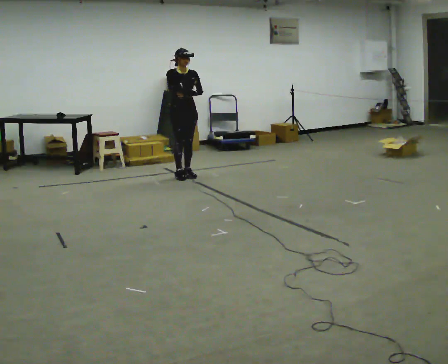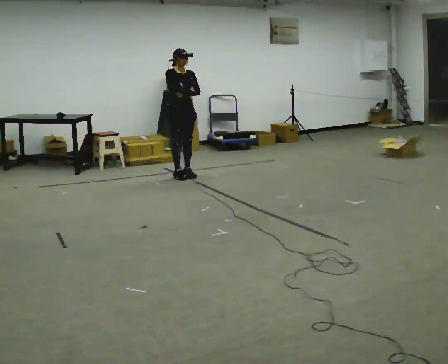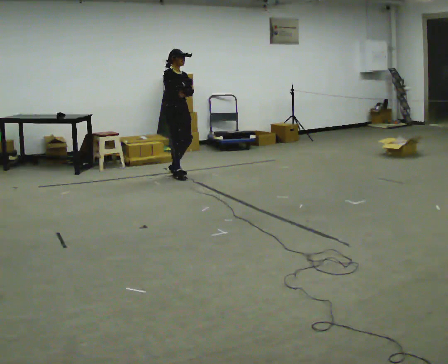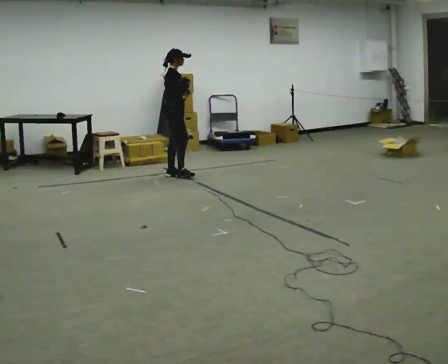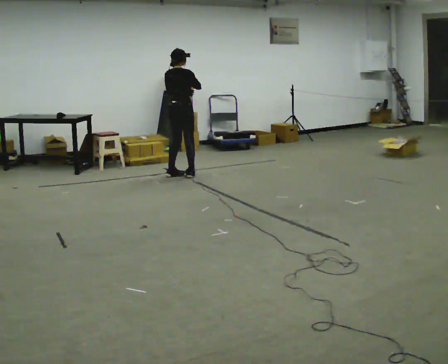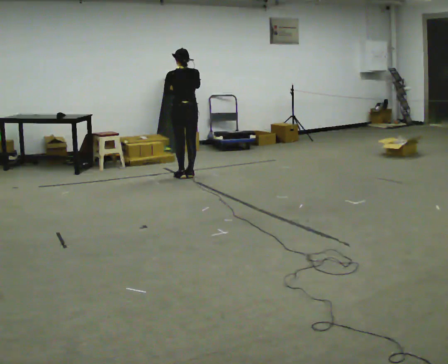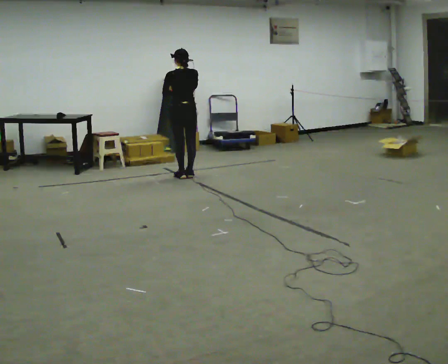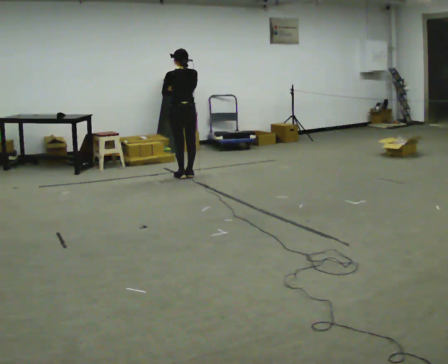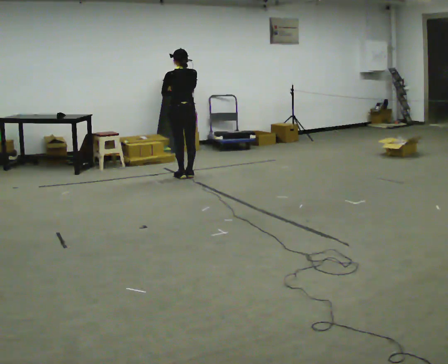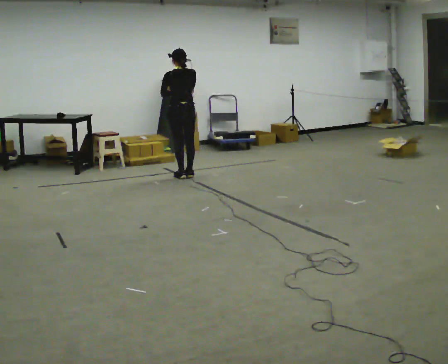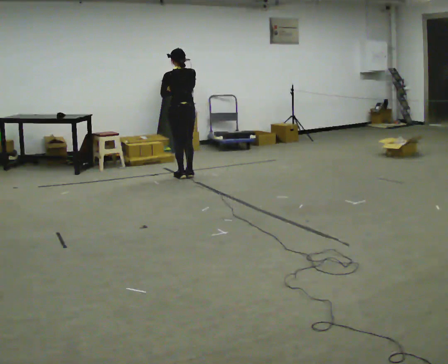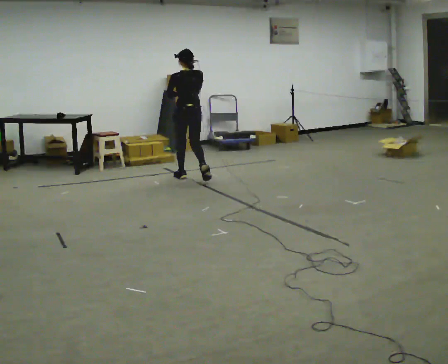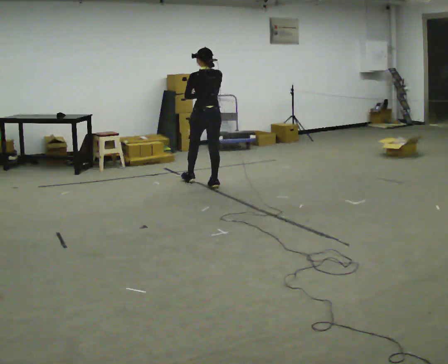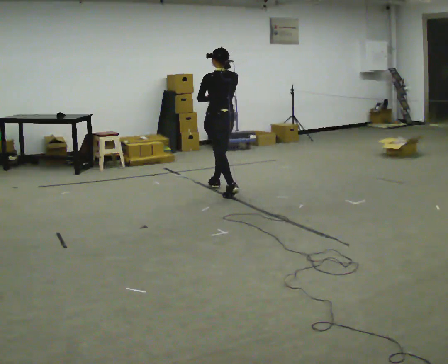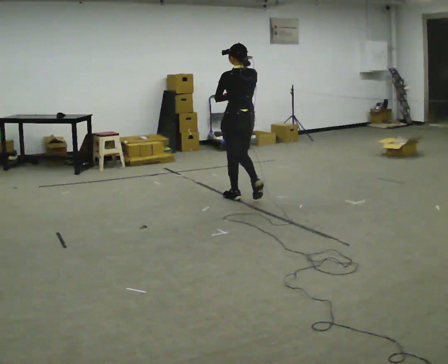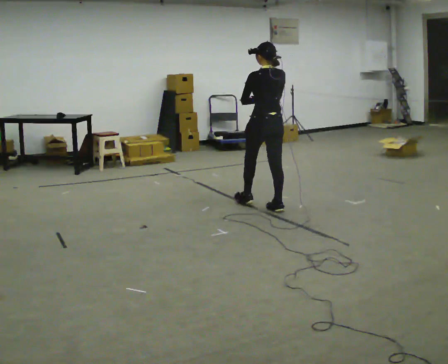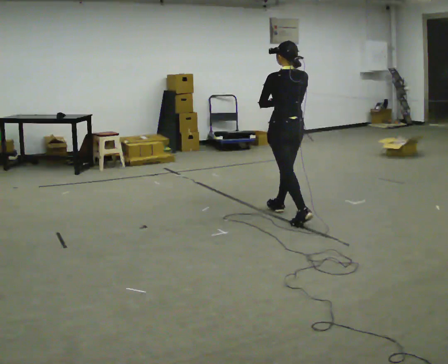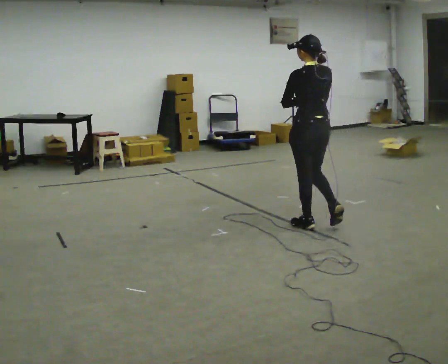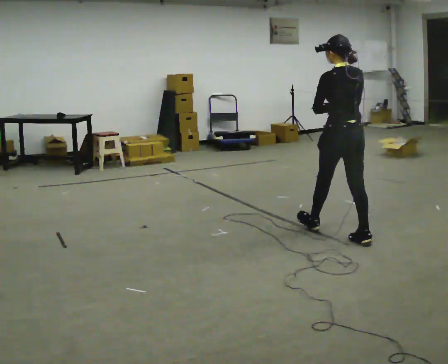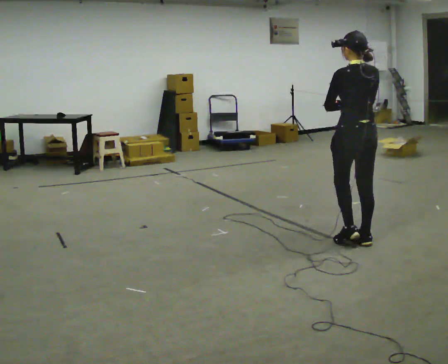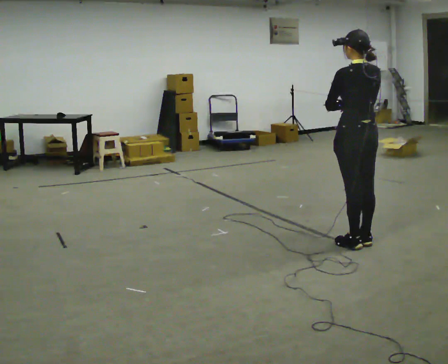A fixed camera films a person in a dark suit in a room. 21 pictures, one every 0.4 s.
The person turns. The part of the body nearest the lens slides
to the right.
The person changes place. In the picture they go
toward the camera.
0.0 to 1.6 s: Seen from above the body turns counterclockwise, about 120 degrees: to their left, with its near side sliding to the right.
1.6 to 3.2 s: The person turns about 45 degrees to their left, counterclockwise seen from above, so the part of the body nearest the lens slides to the right.
3.2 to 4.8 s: In the picture they go toward the camera and to the right, about 0.5 m in 2 steps, which for them is backward.
4.8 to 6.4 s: In the picture they go toward the camera and to the right, about 1.5 m in 2 steps, which for them is backward.
6.4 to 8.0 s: In the picture they go toward the camera and to the right, about 1 m in 2 steps, which for them is backward.
The film runs backward here.
